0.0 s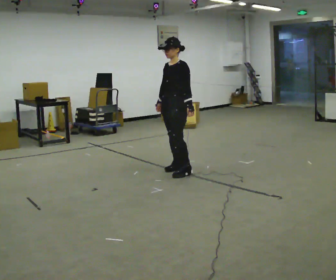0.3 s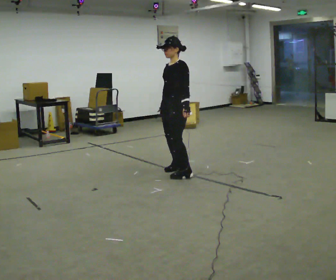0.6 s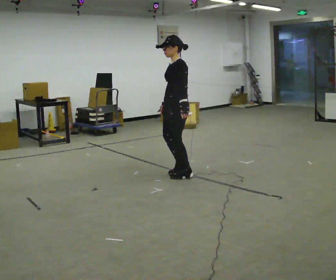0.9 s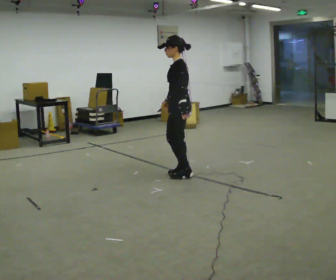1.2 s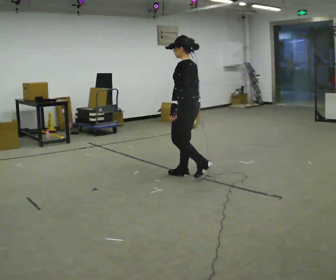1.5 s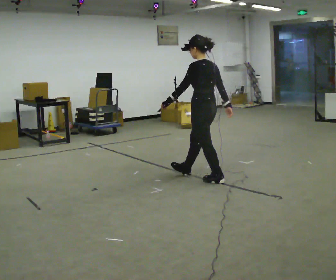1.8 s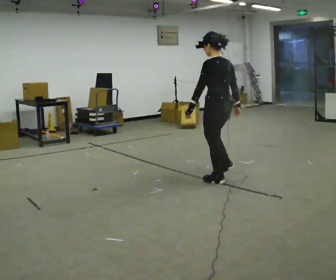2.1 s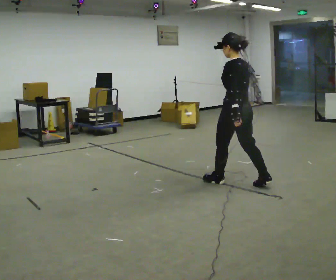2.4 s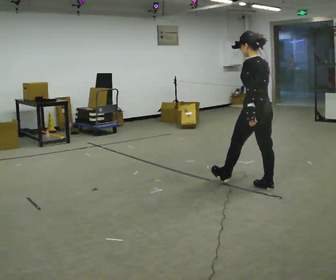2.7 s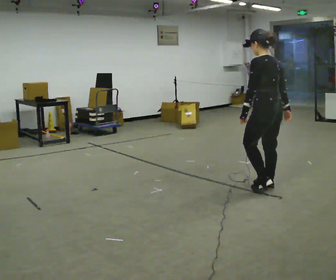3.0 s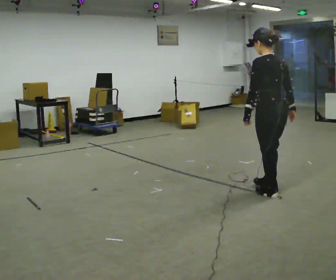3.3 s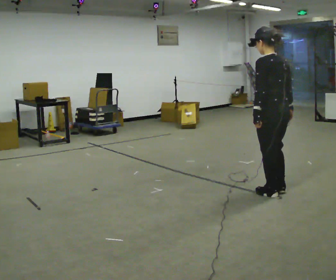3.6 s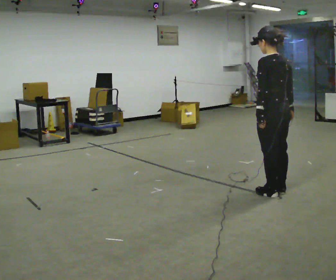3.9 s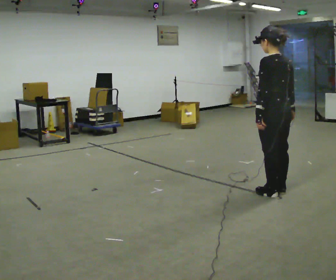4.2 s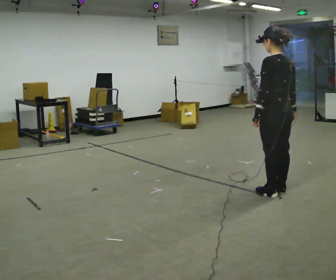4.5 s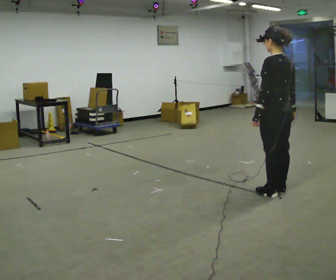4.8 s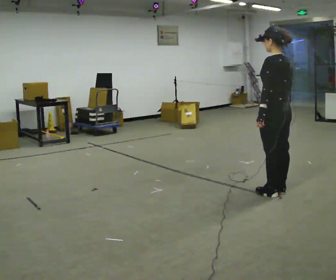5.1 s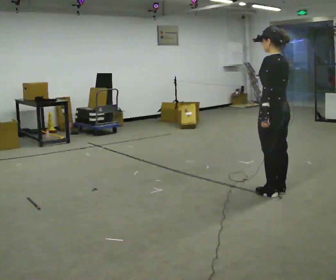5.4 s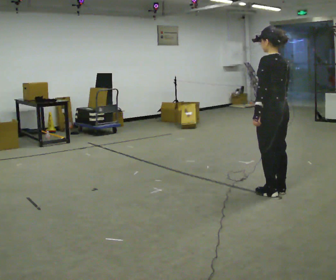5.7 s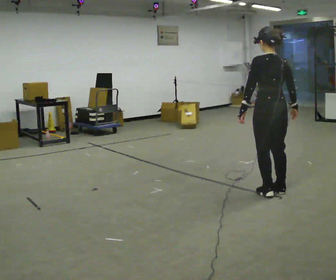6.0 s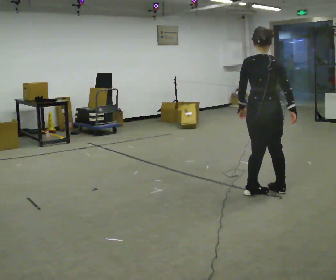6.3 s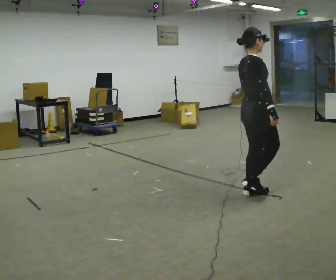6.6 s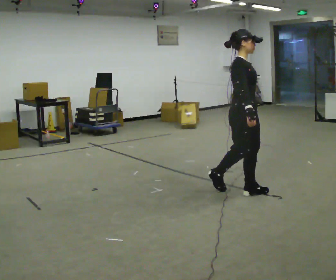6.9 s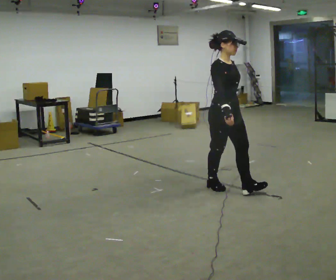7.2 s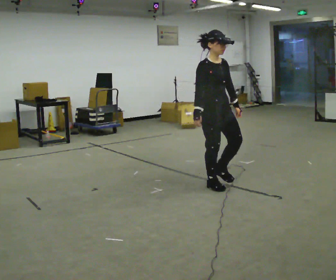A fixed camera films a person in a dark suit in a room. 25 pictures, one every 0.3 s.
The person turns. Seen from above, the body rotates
clockwise.
The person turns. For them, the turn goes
to their right.
0.0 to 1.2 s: The part of the body nearest the lens slides to the left as the person turns to their right by about 60 degrees. In the picture they go toward the camera and to the right, about 0.25 m in 2 steps.
1.2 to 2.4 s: The part of the body nearest the lens slides to the left as the person turns to their right by about 30 degrees. In the picture they go to the right and toward the camera, about 1 m in 2 steps, which for them is backward.
2.4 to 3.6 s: In the picture they go toward the camera and to the right, about 0.25 m in 1 step, which for them is backward.
3.6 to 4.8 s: The person moves a little, or ends about where they began.
4.8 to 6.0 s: The person turns about 60 degrees to their right, clockwise seen from above, so the part of the body nearest the lens slides to the left.
6.0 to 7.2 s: The person turns about 120 degrees to their right, clockwise seen from above, so the part of the body nearest the lens slides to the left. In the picture they go to the left, about 0.5 m in 2 steps.
The film runs backward here.
